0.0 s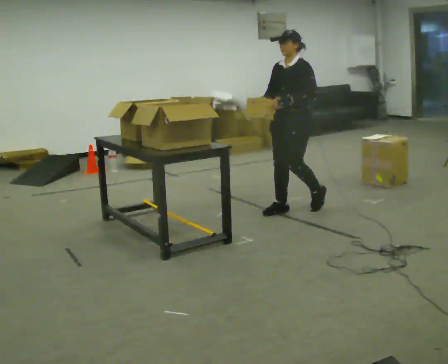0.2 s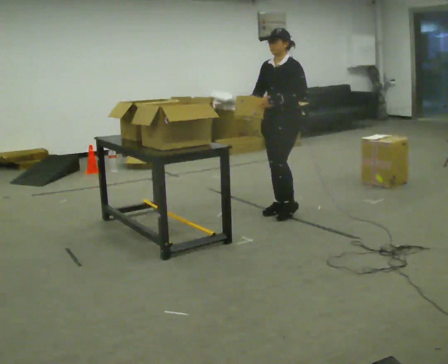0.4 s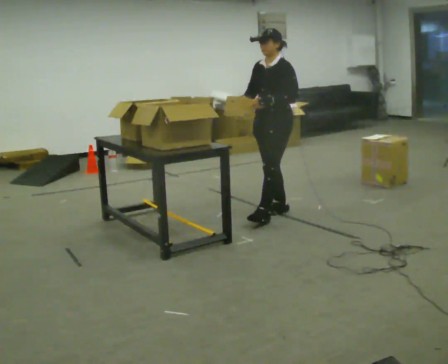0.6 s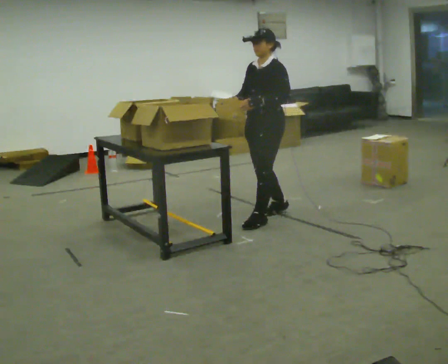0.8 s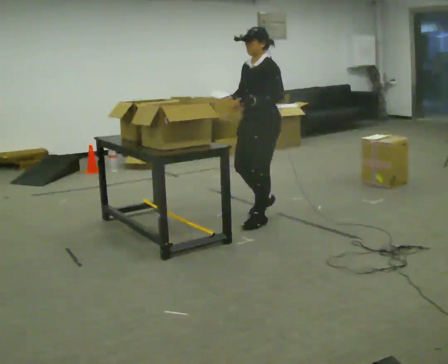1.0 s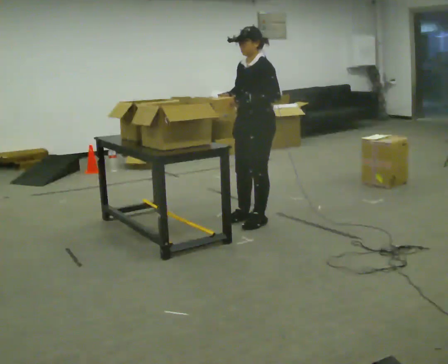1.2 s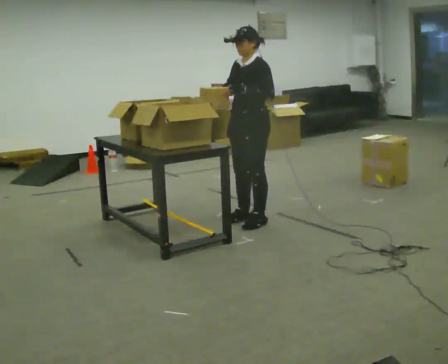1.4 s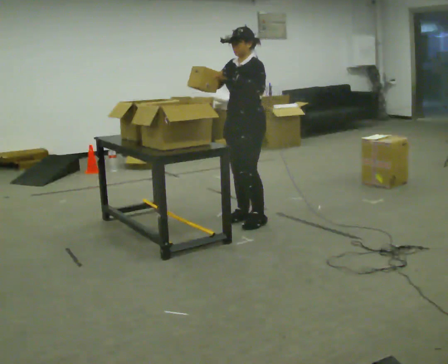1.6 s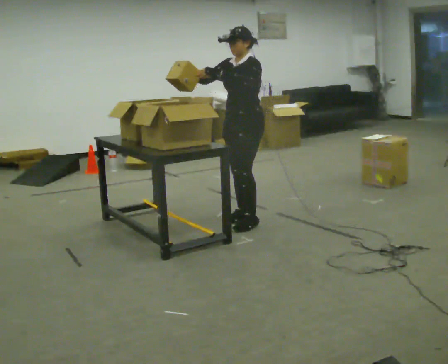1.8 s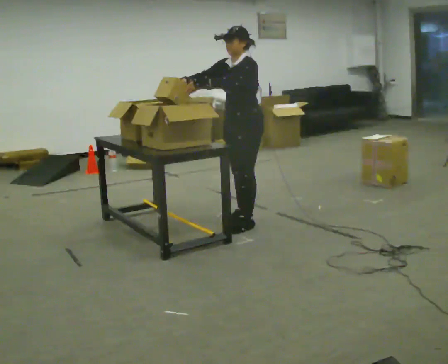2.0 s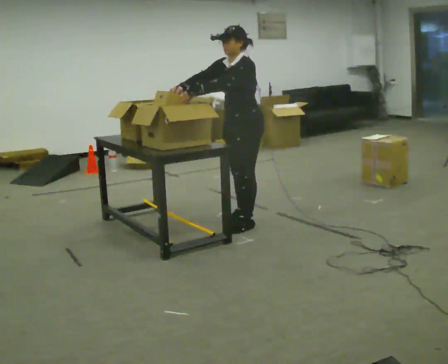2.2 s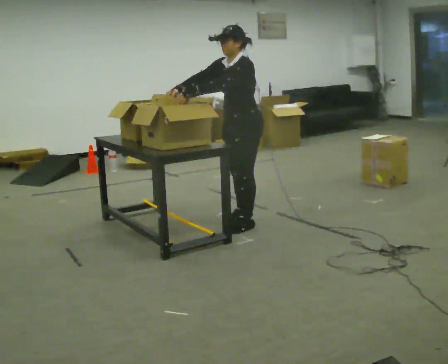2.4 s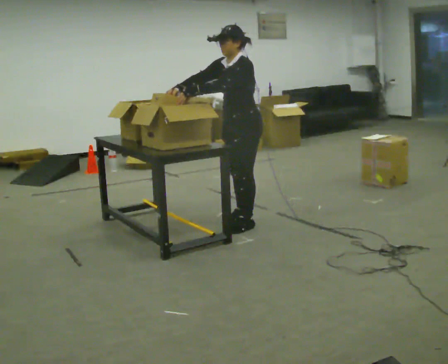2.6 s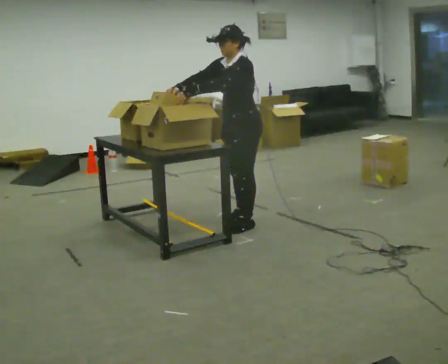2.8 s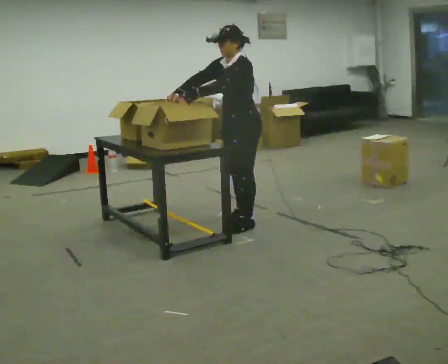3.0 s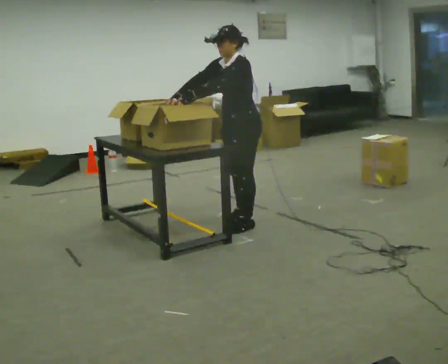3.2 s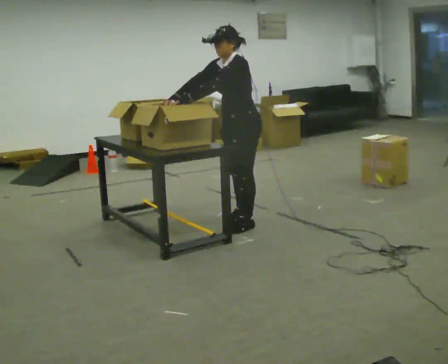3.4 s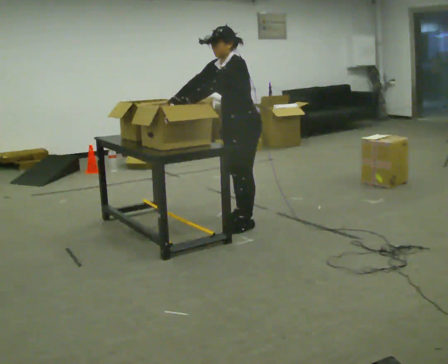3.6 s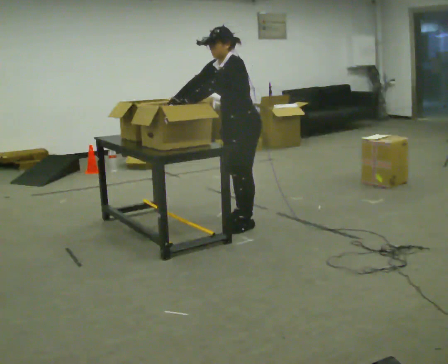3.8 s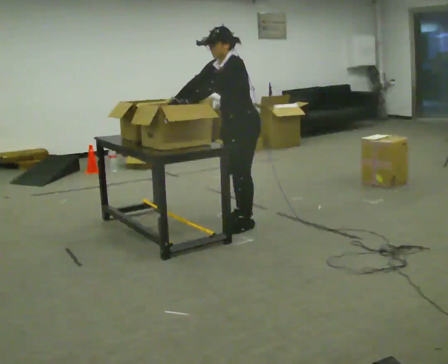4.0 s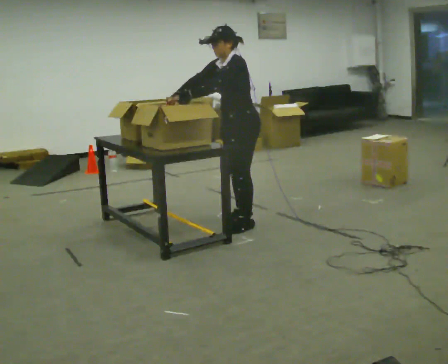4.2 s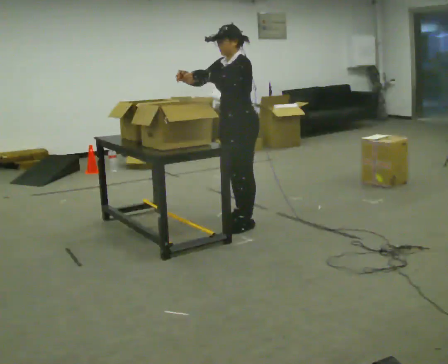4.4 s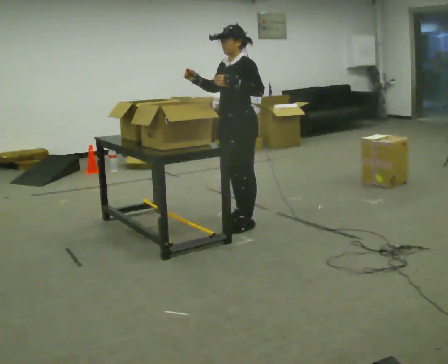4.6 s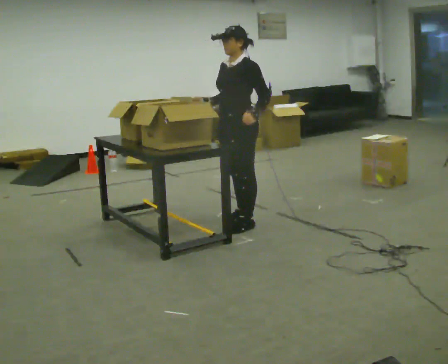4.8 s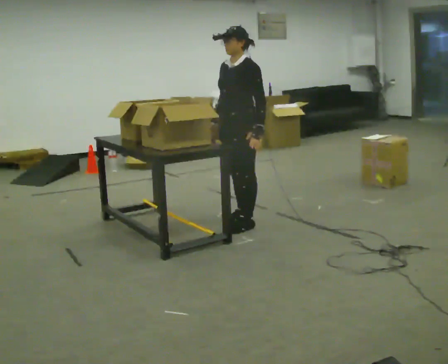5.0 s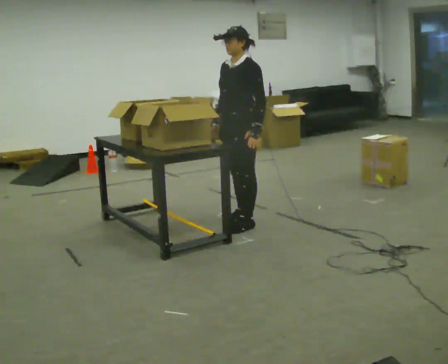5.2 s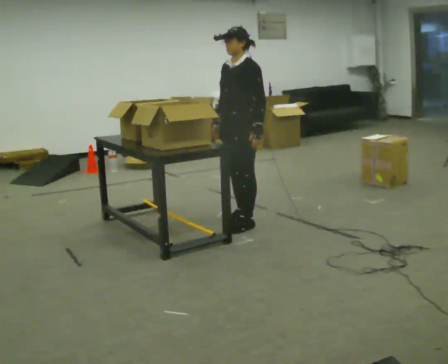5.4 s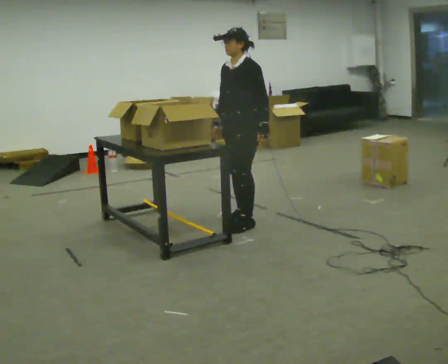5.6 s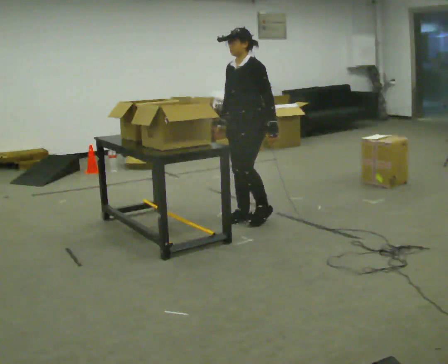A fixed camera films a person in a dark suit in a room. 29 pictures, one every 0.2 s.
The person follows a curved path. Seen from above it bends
clockwise.
0.0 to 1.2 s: In the picture they go to the left and toward the camera, about 0.5 m in 2 steps, which for them is forward.
1.2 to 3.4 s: In the picture the upper body tilts counterclockwise, shoulders to the left, as they bend forward. In the picture their right hand goes to the left.
3.4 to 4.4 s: In the picture the upper body tilts clockwise, shoulders to the right, as they lean back or straighten. In the picture their left hand goes to the right.
4.4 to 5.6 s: In the picture they go away from the camera, about 0.25 m, which for them is backward.
The film runs forward here.
